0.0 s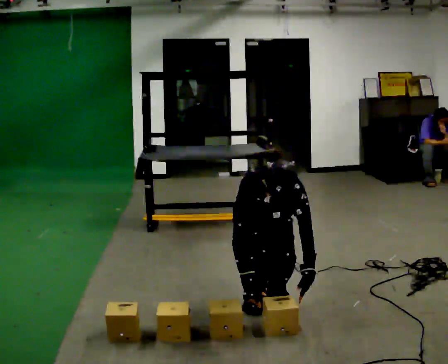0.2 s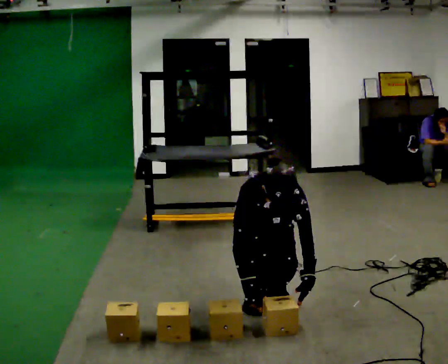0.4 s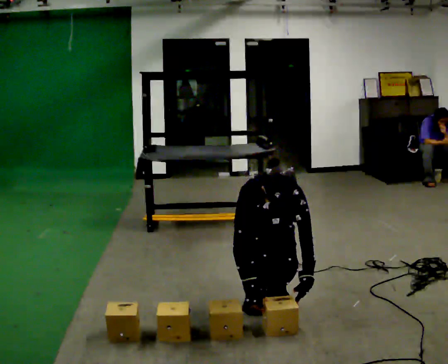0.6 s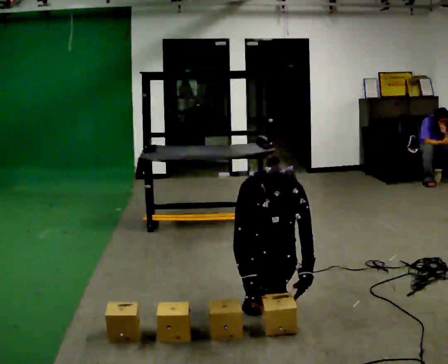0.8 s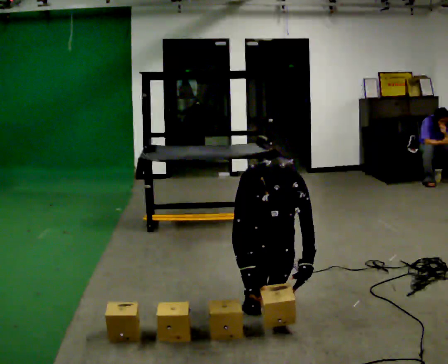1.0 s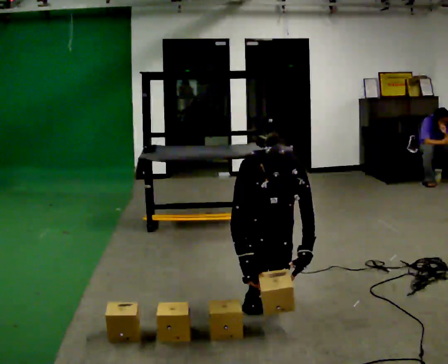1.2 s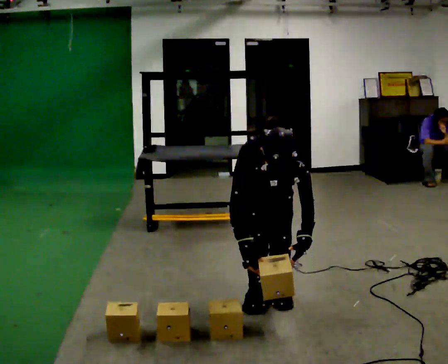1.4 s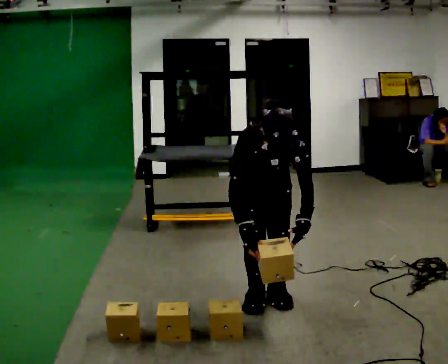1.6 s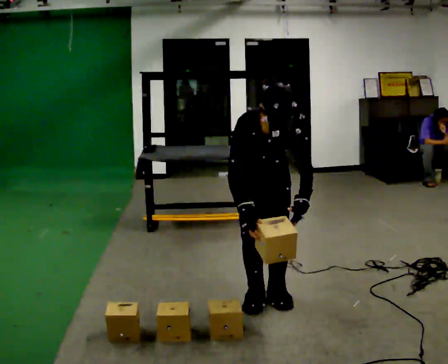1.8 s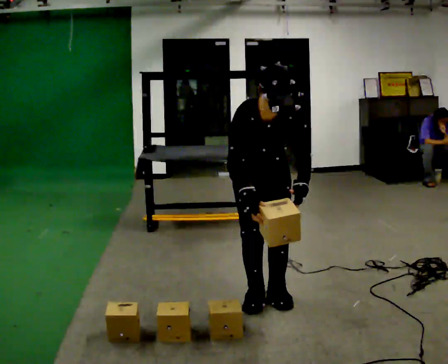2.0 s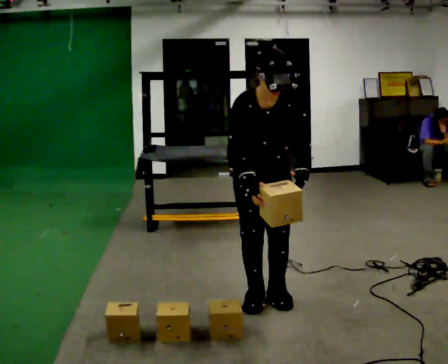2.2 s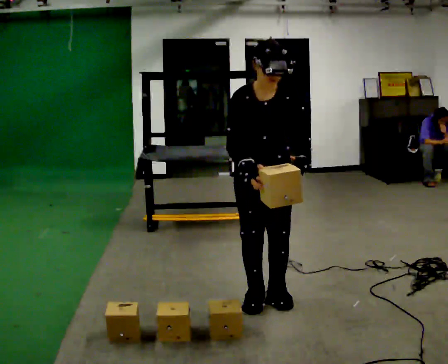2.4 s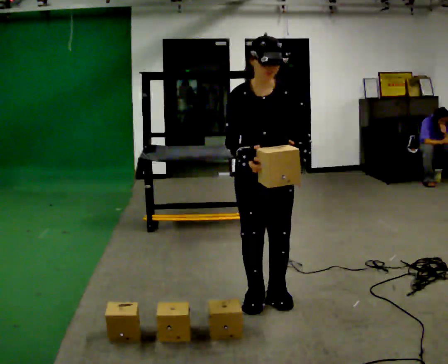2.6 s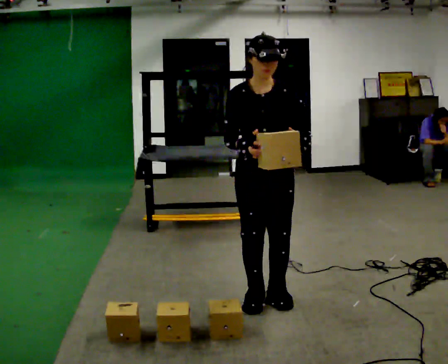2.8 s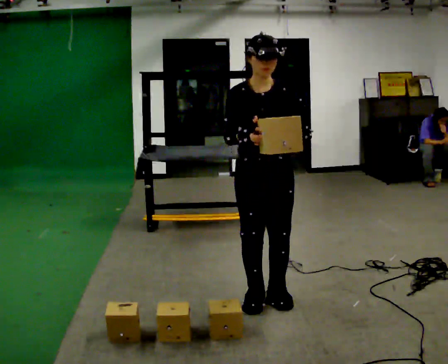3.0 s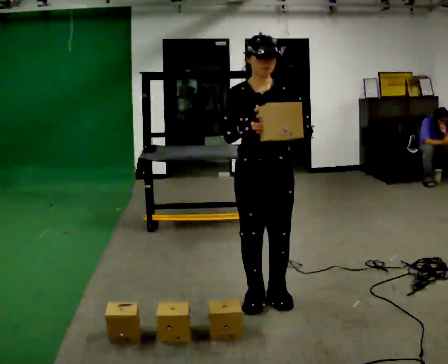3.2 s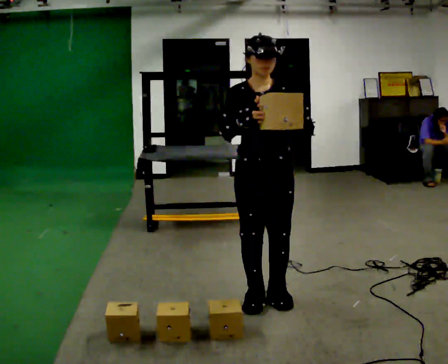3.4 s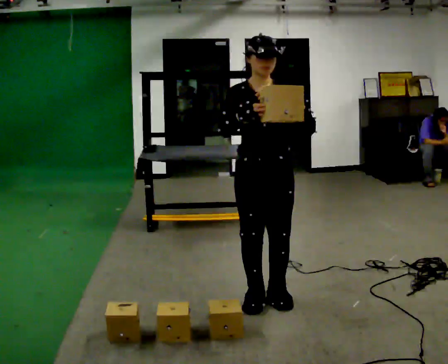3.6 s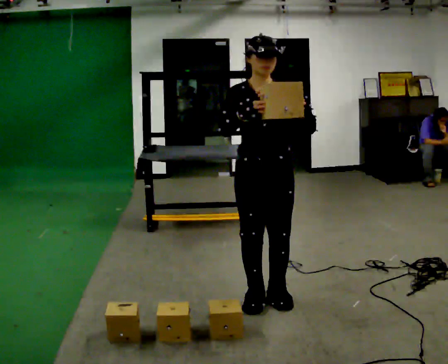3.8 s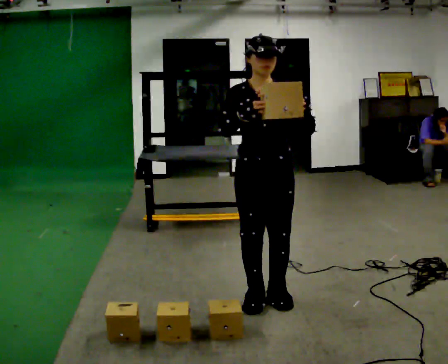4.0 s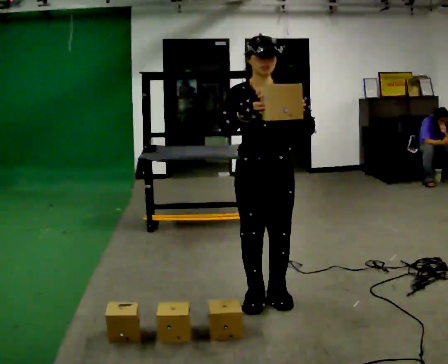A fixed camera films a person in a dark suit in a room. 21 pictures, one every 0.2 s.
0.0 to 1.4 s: The upper body goes upward.
1.4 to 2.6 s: The upper body goes upward. The upper body tips away from the camera, its near side rolling upward, as they lean back or straighten. In the picture their right hand goes upward.
2.6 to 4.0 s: The person moves a little, or ends about where they began.
The film runs forward here.
